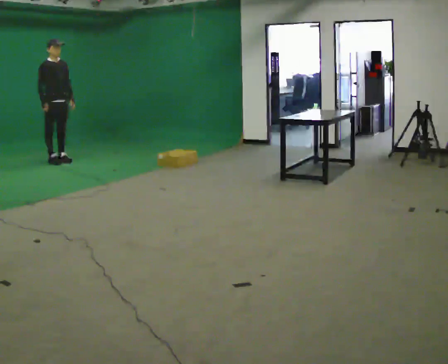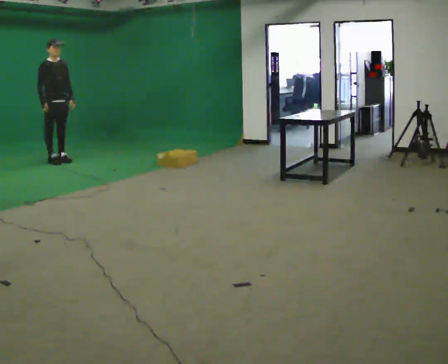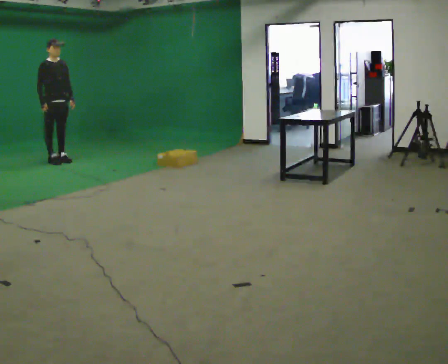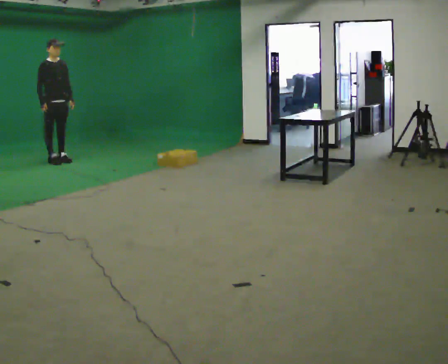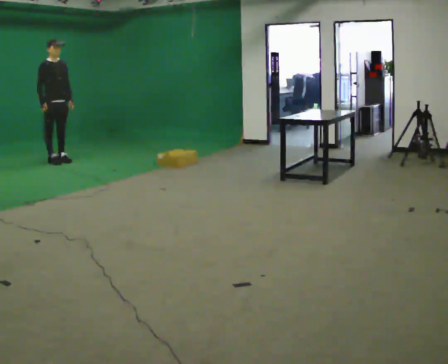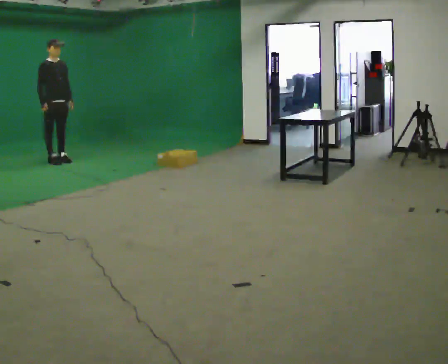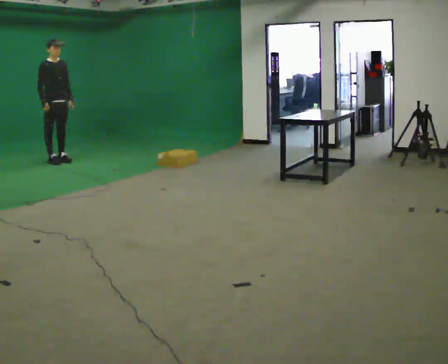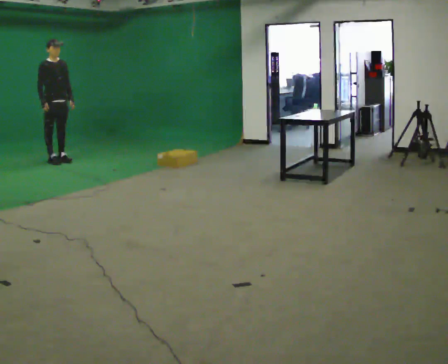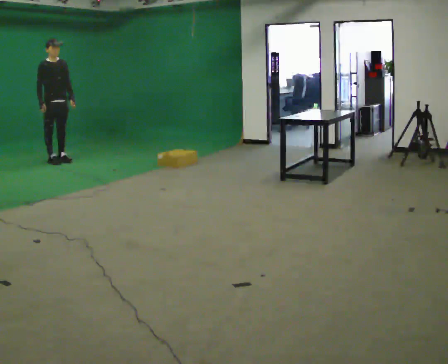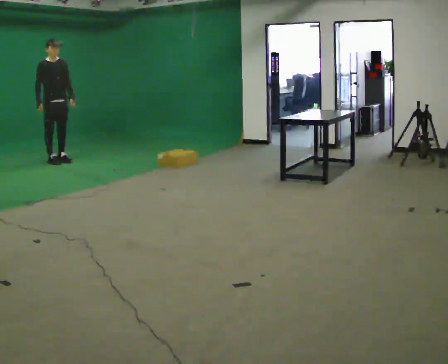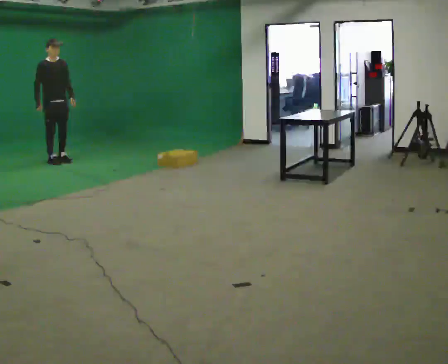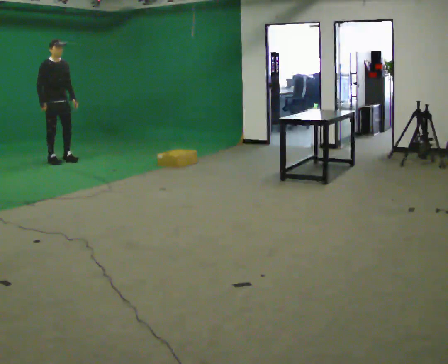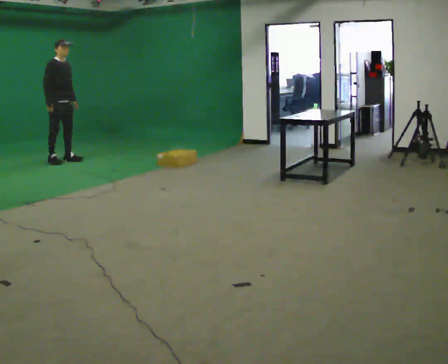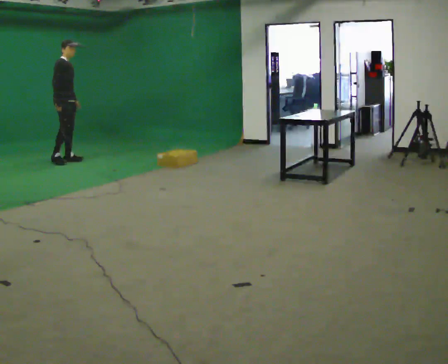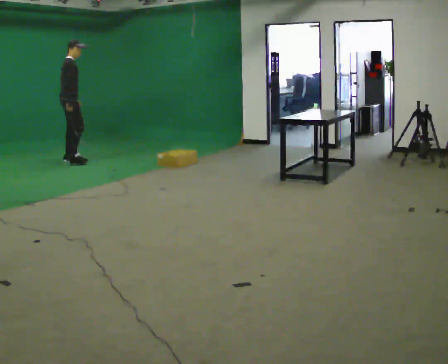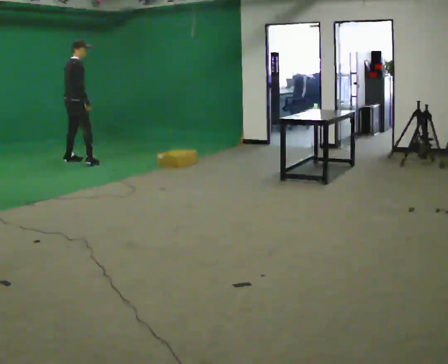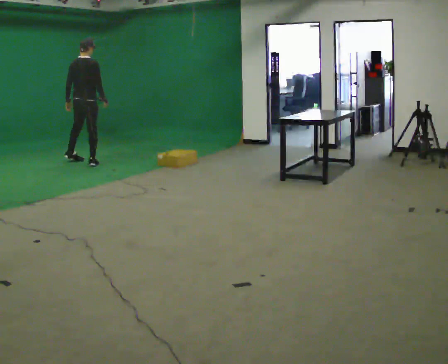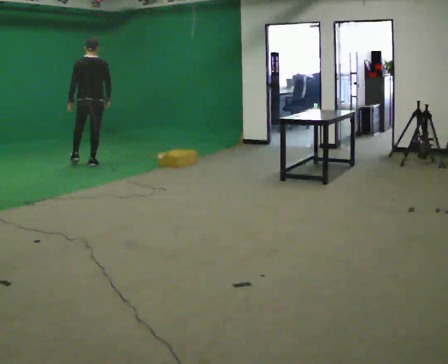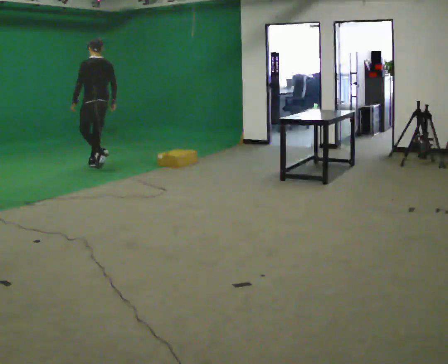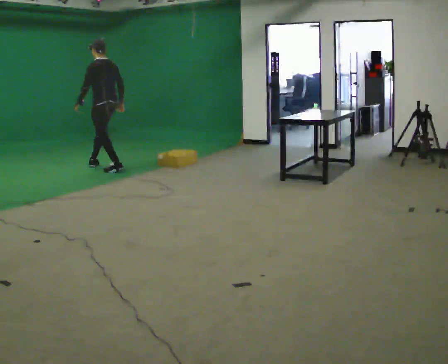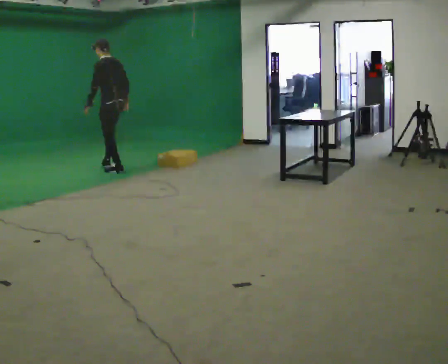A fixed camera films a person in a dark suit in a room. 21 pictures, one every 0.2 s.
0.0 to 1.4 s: The person moves a little, or ends about where they began.
1.4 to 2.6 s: The part of the body nearest the lens slides to the right as the person turns to their left by about 30 degrees.
2.6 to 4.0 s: The part of the body nearest the lens slides to the right as the person turns to their left by about 150 degrees. In the picture they go to the right and toward the camera, about 1 m in 2 steps. In the picture the upper body tilts counterclockwise, shoulders to the left.
The film runs backward here.
